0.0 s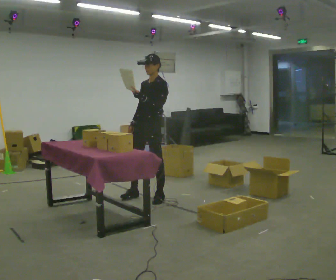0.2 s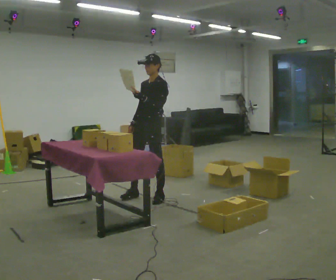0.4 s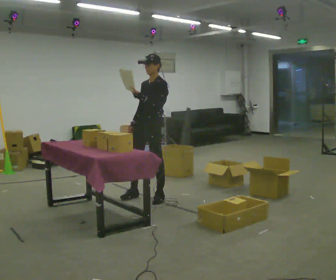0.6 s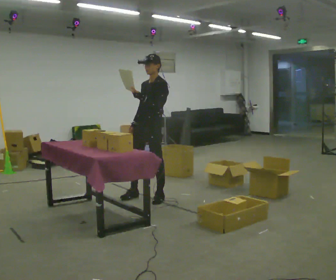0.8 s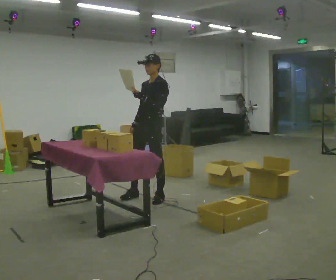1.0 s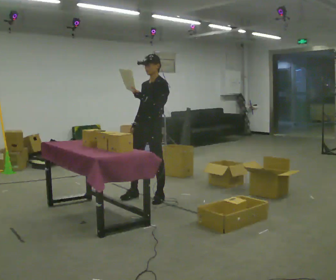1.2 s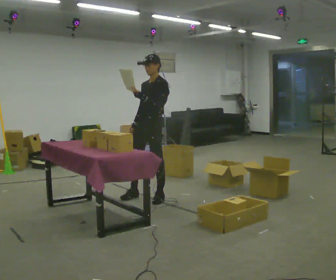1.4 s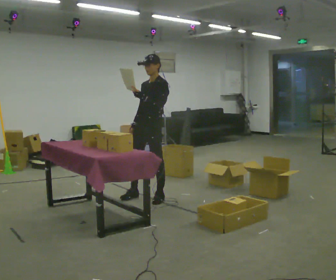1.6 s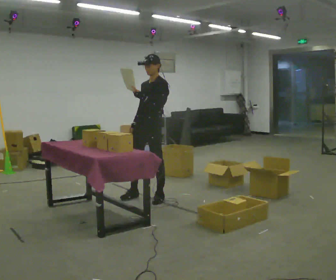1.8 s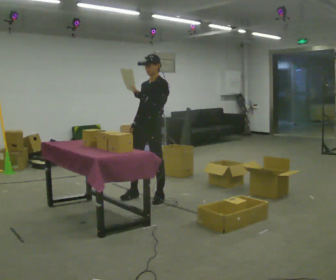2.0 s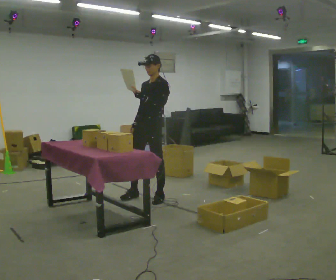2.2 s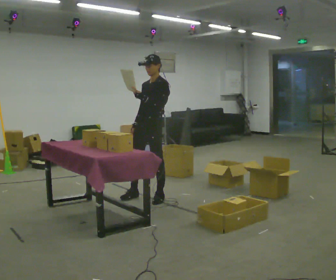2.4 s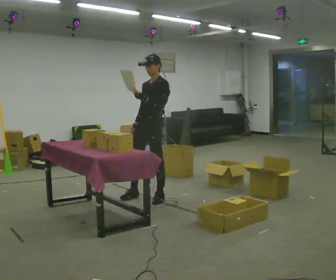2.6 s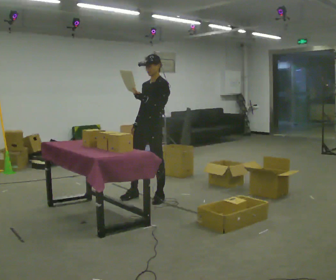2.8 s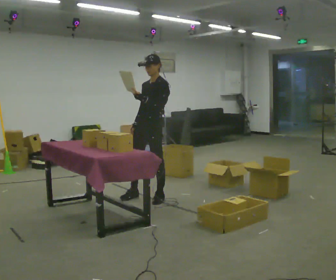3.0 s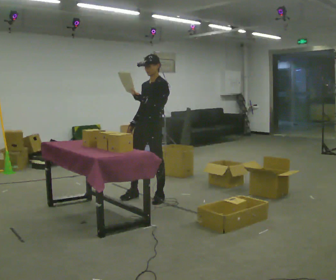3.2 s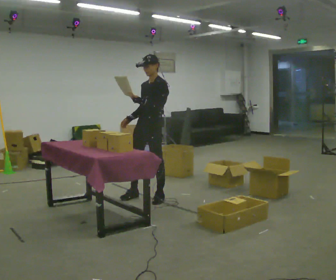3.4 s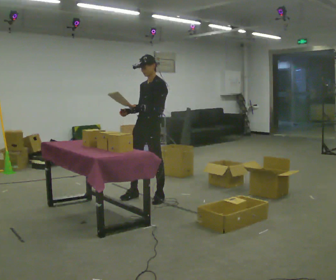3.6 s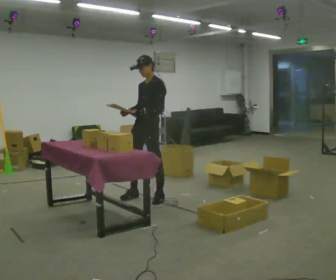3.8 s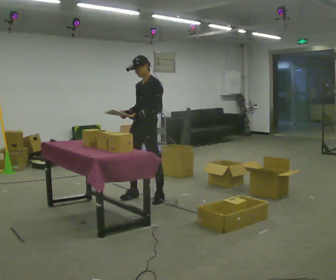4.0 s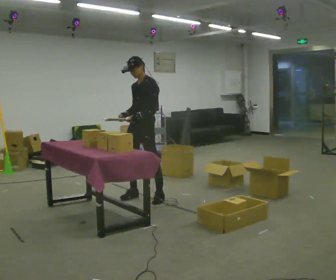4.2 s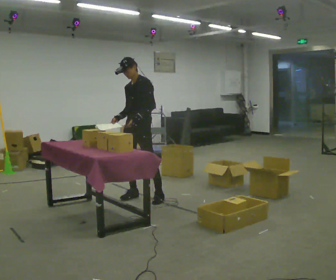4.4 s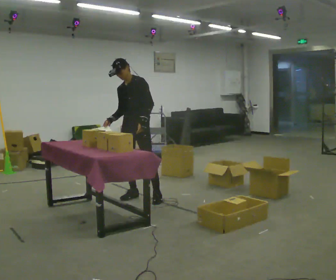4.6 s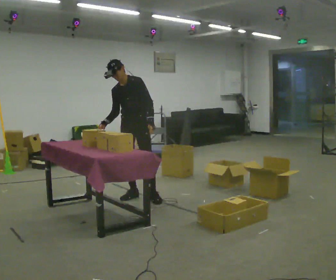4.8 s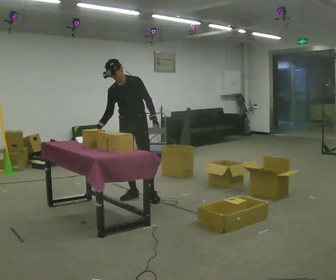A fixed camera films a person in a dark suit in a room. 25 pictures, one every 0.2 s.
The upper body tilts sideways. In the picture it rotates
counterclockwise.
0.0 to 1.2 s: The person moves a little, or ends about where they began.
1.2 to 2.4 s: The person keeps their place and pose.
2.4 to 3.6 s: The person moves a little, or ends about where they began.
3.6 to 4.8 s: The part of the body nearest the lens slides to the right as the person turns to their left by about 45 degrees. In the picture they go to the left, about 0.25 m, which for them is to their right. In the picture the upper body tilts counterclockwise, shoulders to the left.
The film runs forward here.
